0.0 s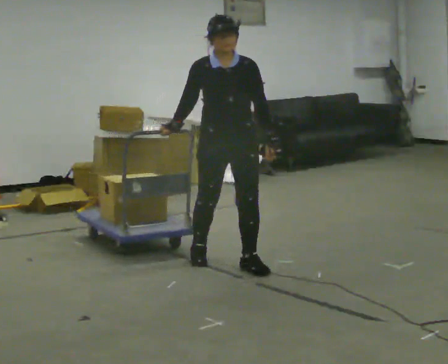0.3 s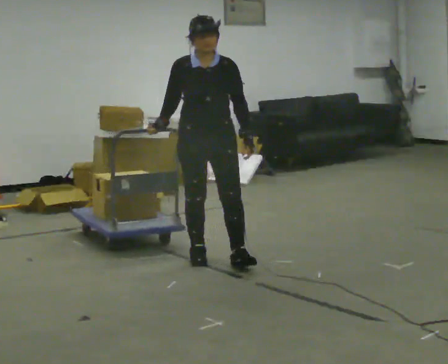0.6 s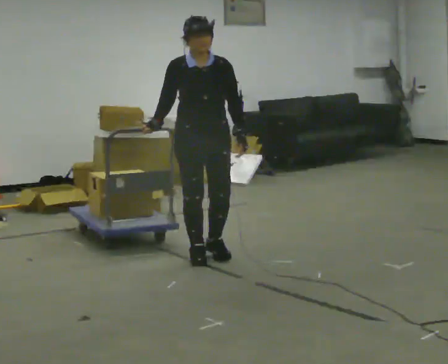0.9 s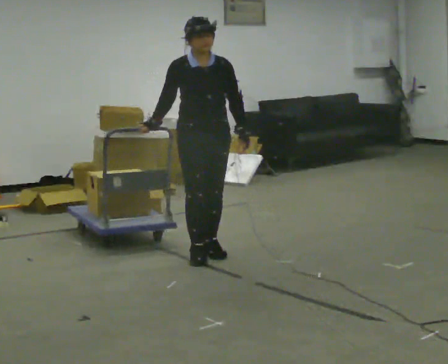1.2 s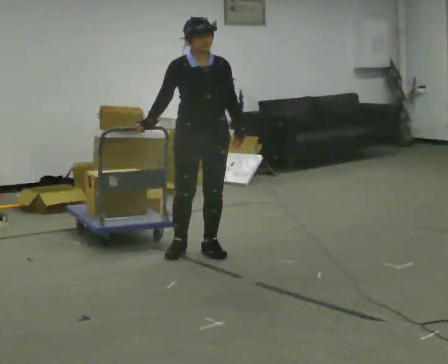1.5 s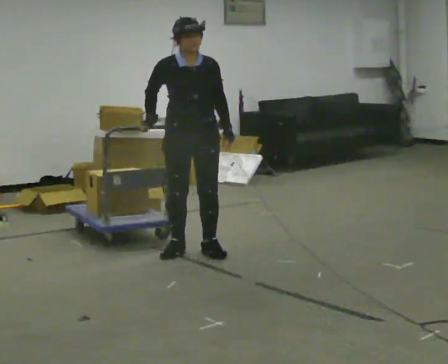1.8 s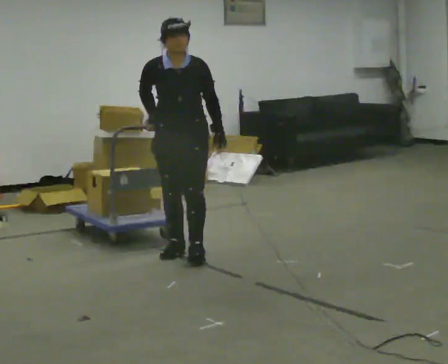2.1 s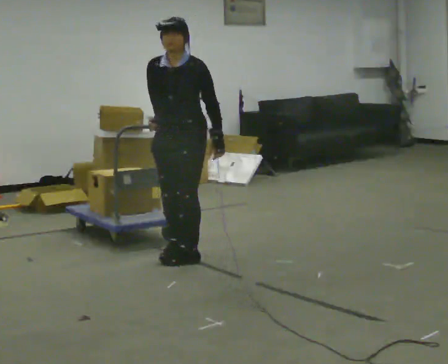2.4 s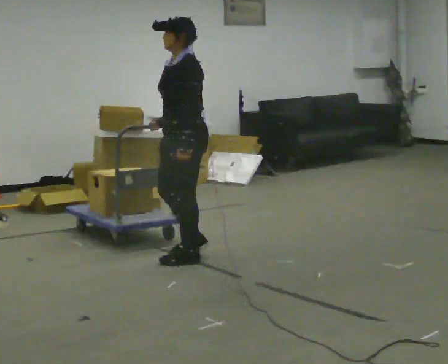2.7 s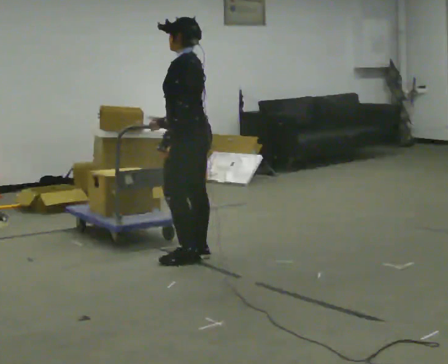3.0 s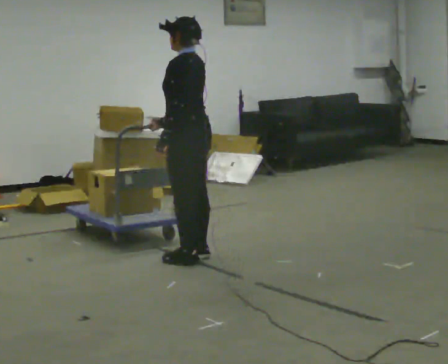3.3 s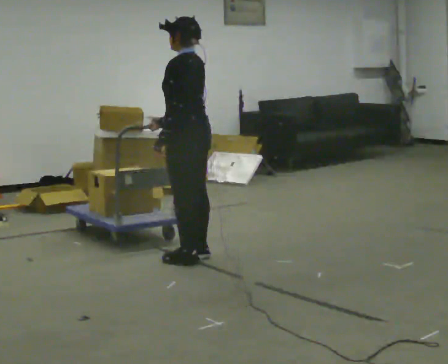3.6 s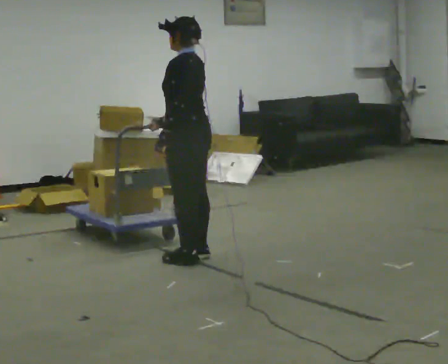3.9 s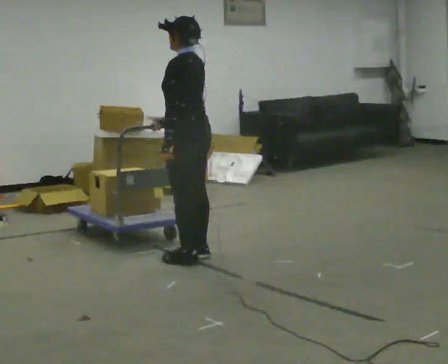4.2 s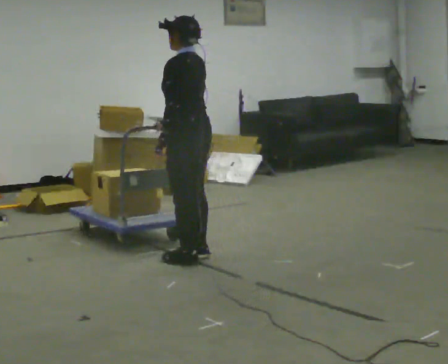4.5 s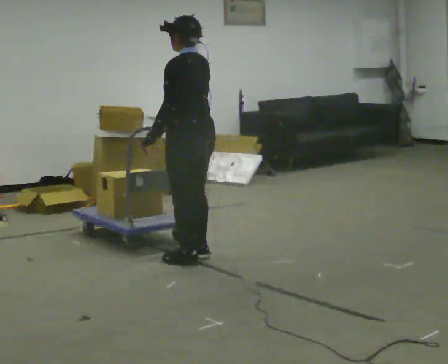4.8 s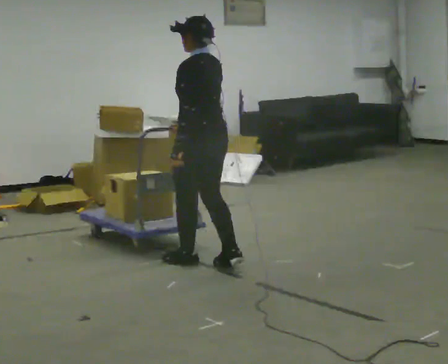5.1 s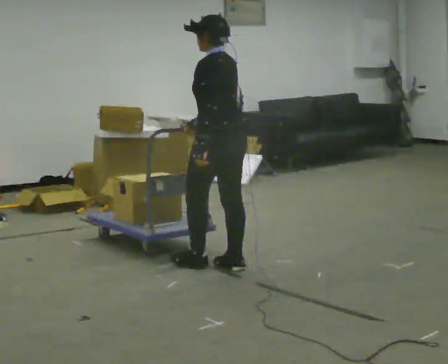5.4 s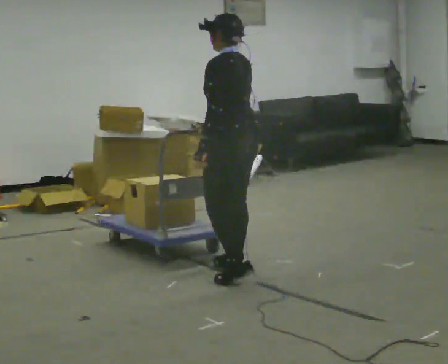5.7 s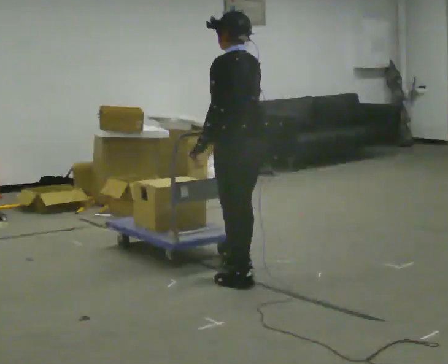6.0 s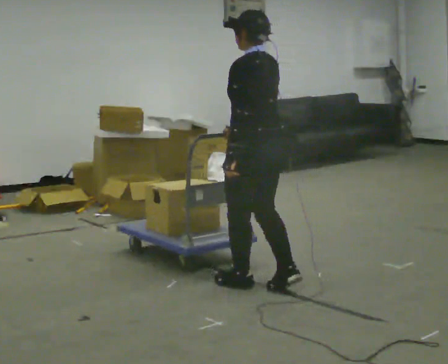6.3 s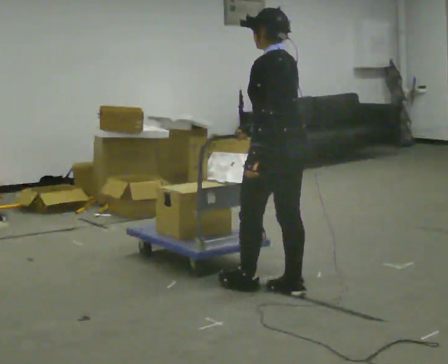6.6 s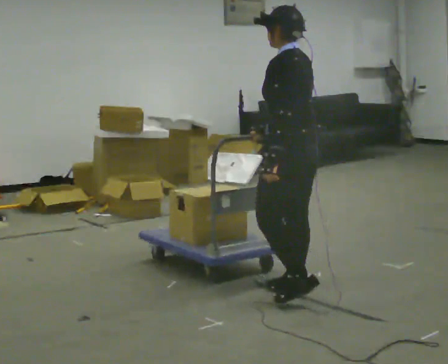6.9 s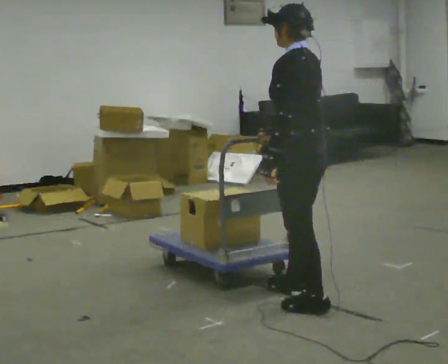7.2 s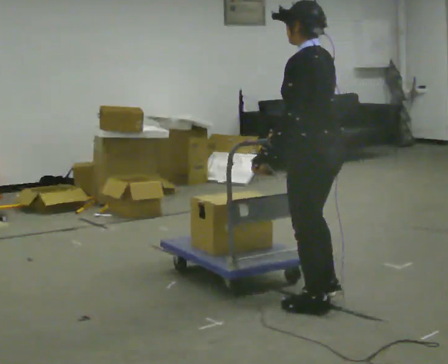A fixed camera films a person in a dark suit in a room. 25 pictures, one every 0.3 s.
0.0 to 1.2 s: In the picture they go away from the camera and to the left, about 0.25 m in 2 steps, which for them is backward and to their right.
1.2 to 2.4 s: The part of the body nearest the lens slides to the left as the person turns to their right by about 90 degrees. In the picture they go toward the camera, about 0.25 m in 2 steps. In the picture their left hand goes to the left.
2.4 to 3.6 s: The part of the body nearest the lens slides to the left as the person turns to their right by about 45 degrees.
3.6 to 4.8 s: In the picture they go toward the camera, about 0.25 m in 1 step, which for them is backward.
4.8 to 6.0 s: In the picture they go toward the camera and to the right, about 0.5 m in 2 steps, which for them is backward.
6.0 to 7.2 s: In the picture they go toward the camera and to the right, about 0.5 m in 2 steps, which for them is backward.
The film runs backward here.
